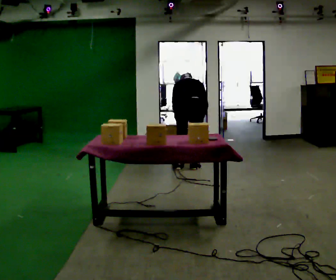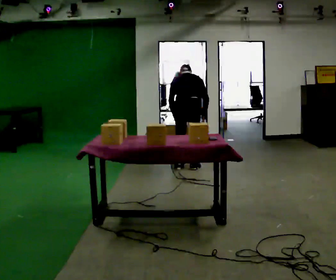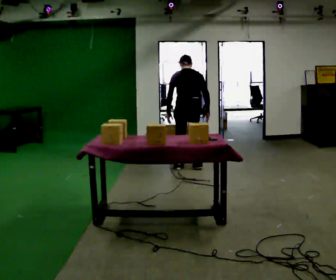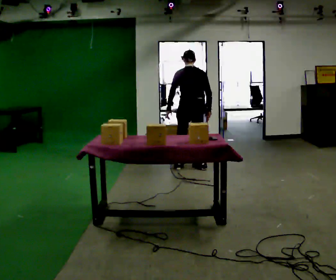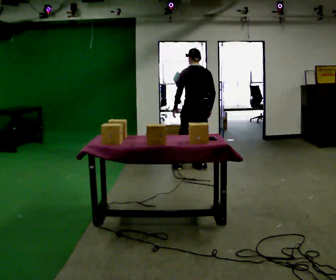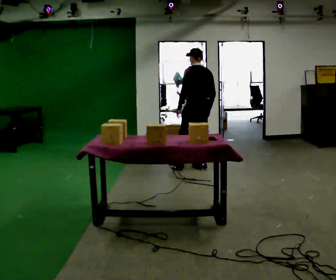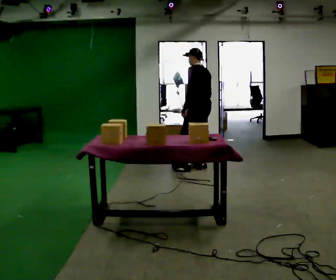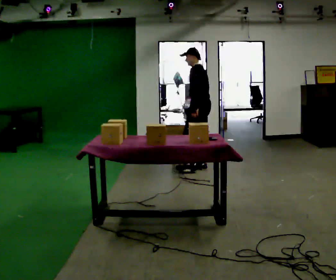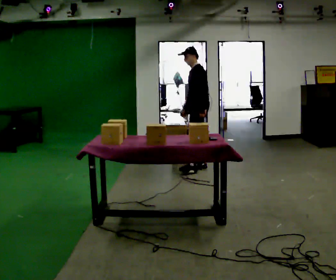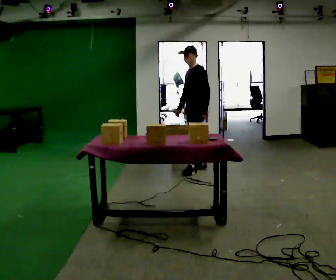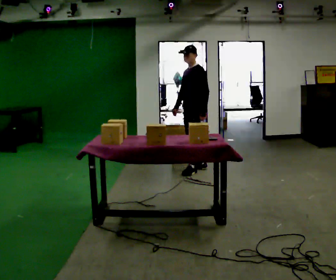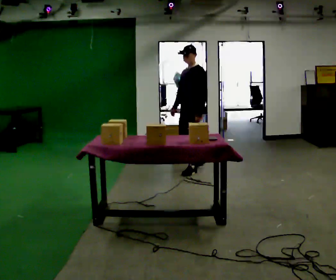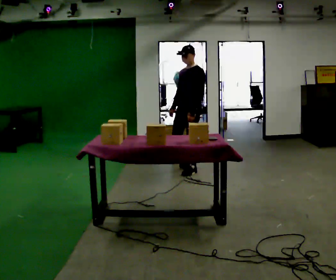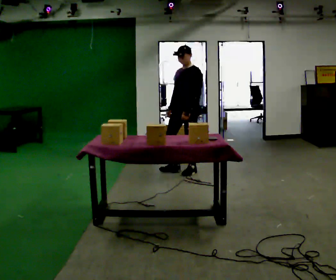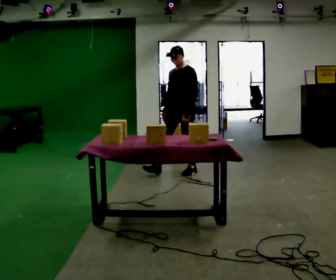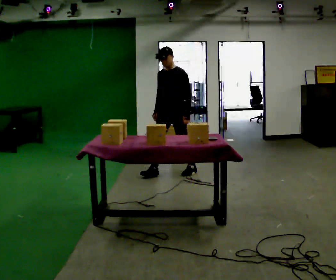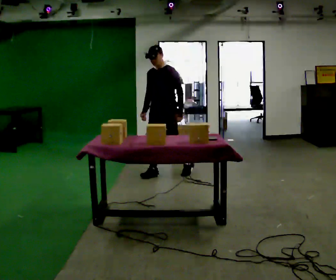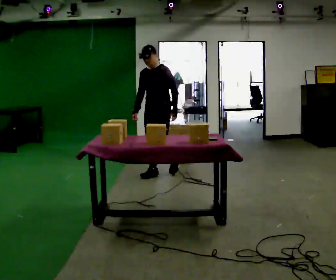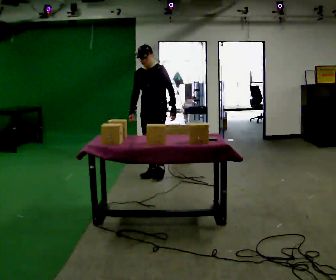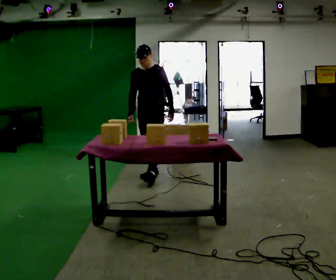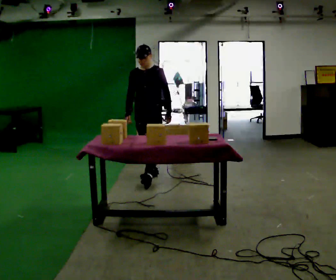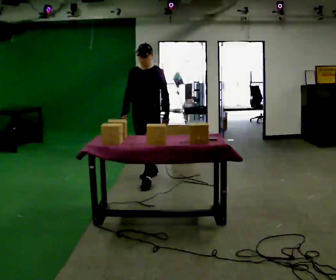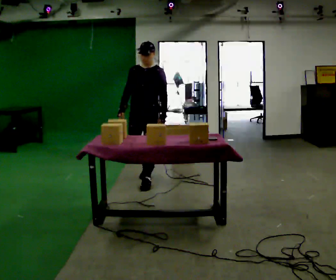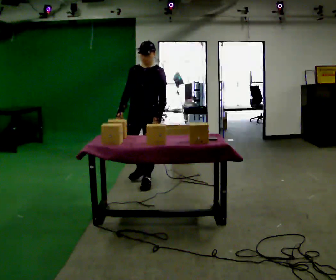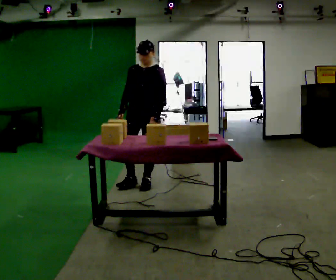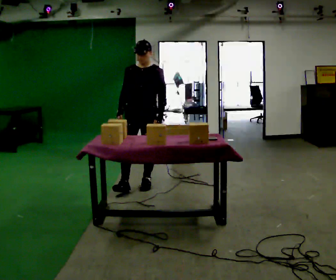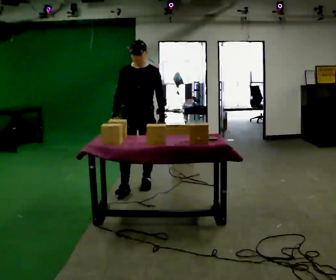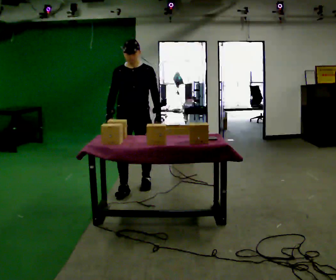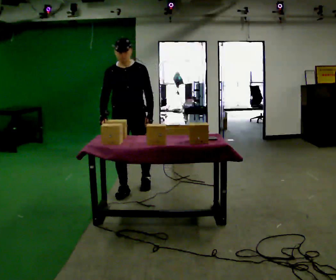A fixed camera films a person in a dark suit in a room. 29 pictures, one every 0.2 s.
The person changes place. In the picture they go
toward the camera.
The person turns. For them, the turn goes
to their left.
0.0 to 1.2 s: The part of the body nearest the lens slides to the right as the person turns to their left by about 60 degrees. In the picture they go to the right, about 0.25 m in 1 step, which for them is to their right. The shoulders move upward. The upper body tips toward the camera, its near side rolling downward, as they lean back or straighten.
1.2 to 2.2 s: The part of the body nearest the lens slides to the right as the person turns to their left by about 60 degrees. In the picture their right hand goes to the left.
2.2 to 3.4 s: Seen from above the body turns counterclockwise, about 30 degrees: to their left, with its near side sliding to the right. In the picture they go to the left and toward the camera, about 0.5 m in 1 step, which for them is forward and to their right.
3.4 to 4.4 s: In the picture they go toward the camera, about 0.5 m in 1 step, which for them is forward.
4.4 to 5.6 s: The part of the body nearest the lens slides to the right as the person turns to their left by about 30 degrees. In the picture they go toward the camera, about 0.5 m in 1 step, which for them is forward.
The film runs forward here.
